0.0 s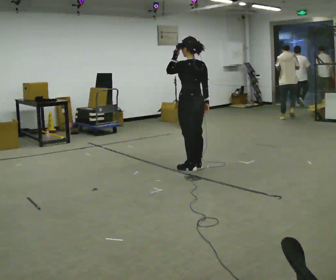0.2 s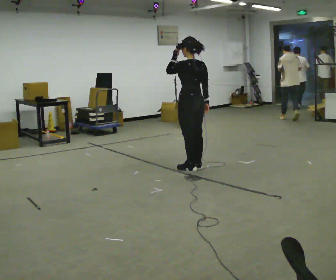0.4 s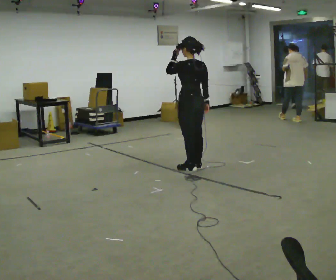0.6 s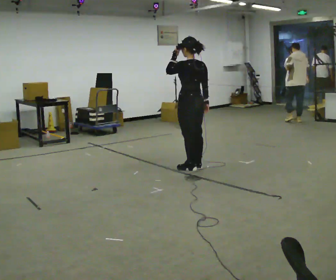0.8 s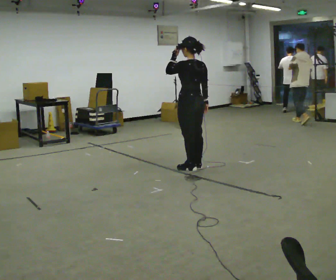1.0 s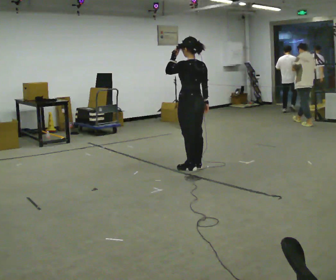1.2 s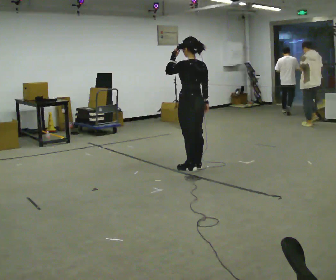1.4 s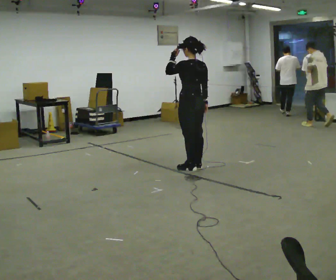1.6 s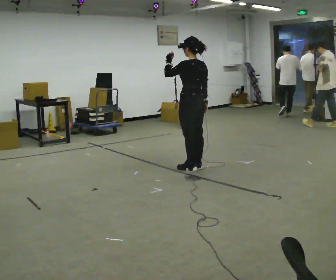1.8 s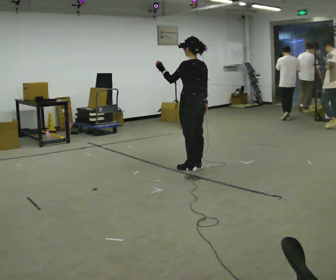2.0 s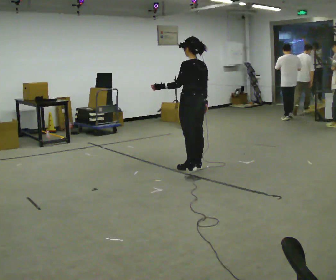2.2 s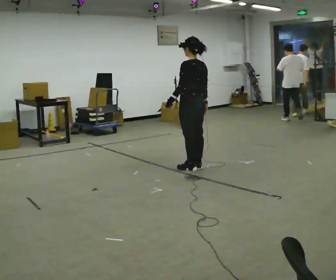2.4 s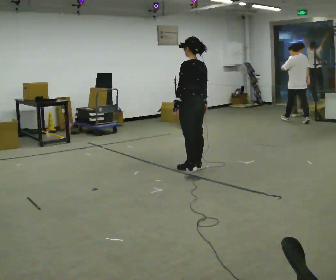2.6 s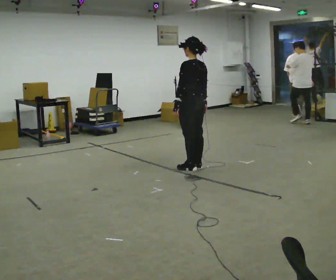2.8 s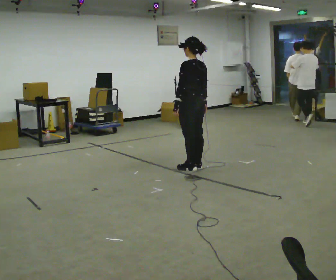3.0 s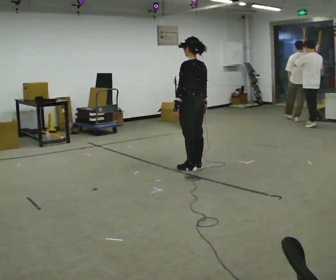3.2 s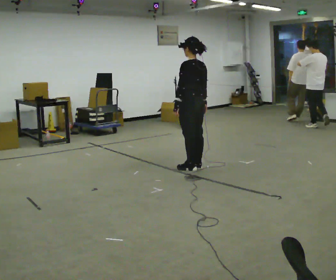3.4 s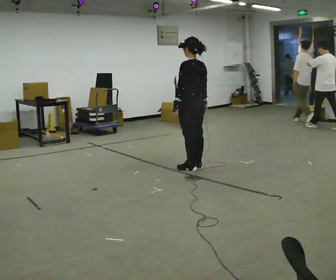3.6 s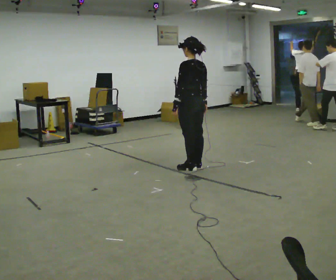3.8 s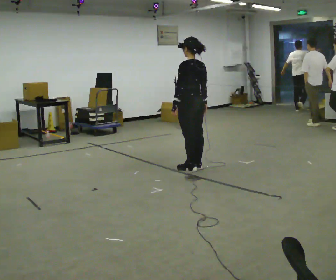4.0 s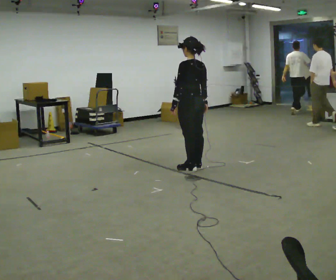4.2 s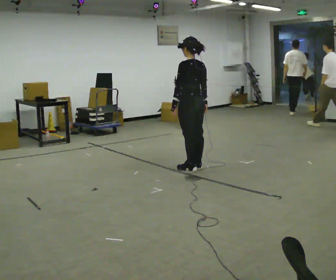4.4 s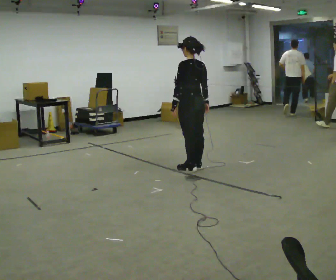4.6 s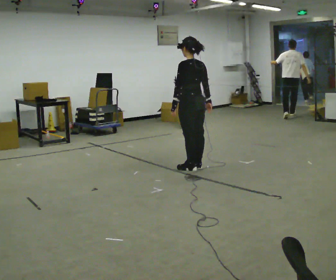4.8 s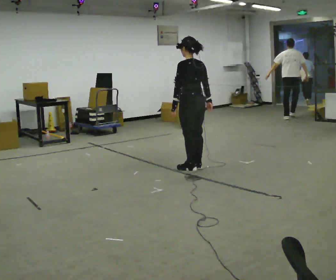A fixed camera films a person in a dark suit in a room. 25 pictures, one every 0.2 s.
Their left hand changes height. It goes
downward.
0.0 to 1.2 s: The person keeps their place and pose.
1.2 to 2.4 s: In the picture their left hand goes downward.
2.4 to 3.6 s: The person keeps their place and pose.
3.6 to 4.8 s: The person moves a little, or ends about where they began.
The film runs backward here.
